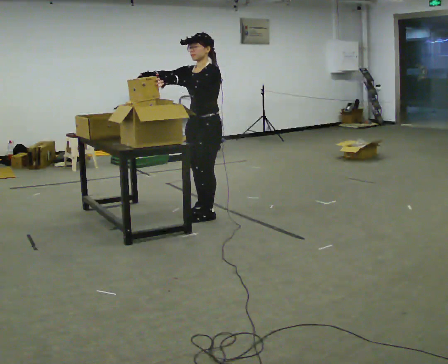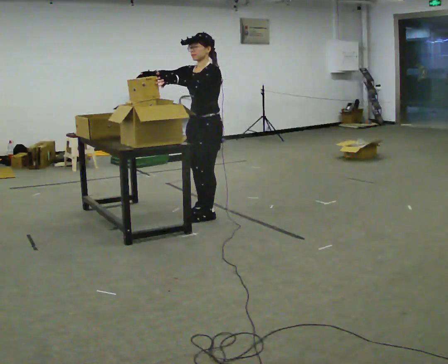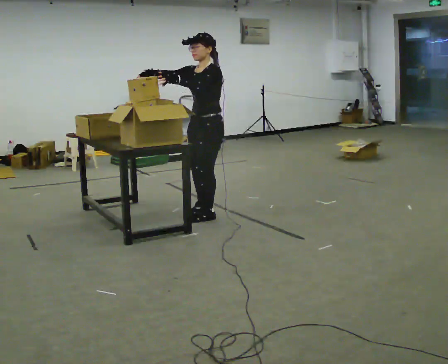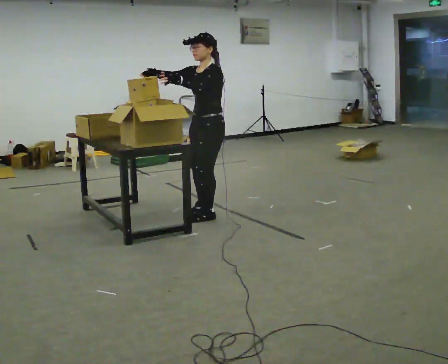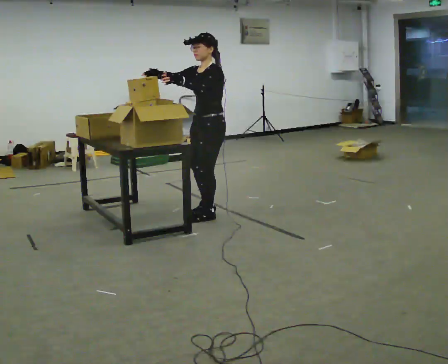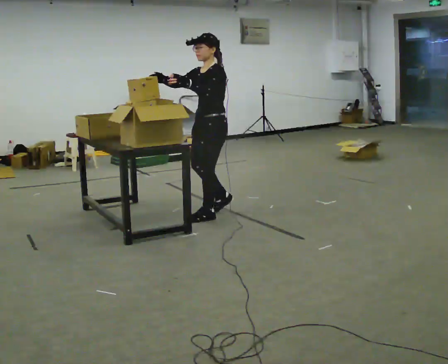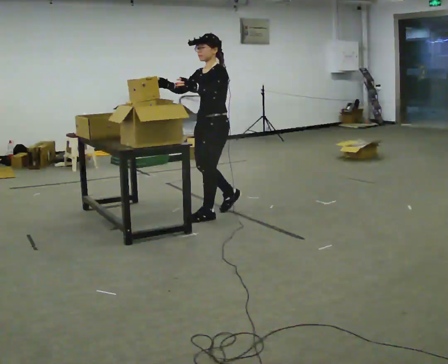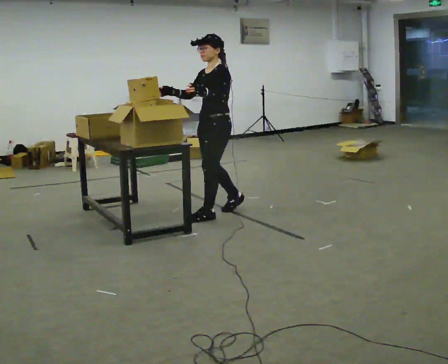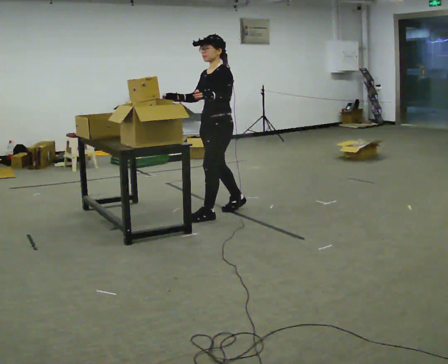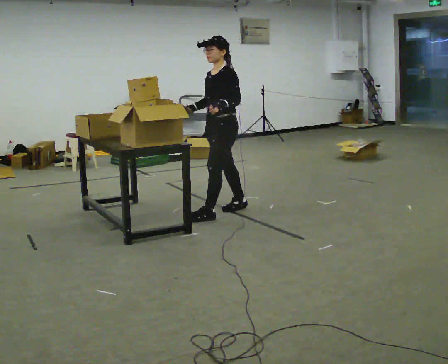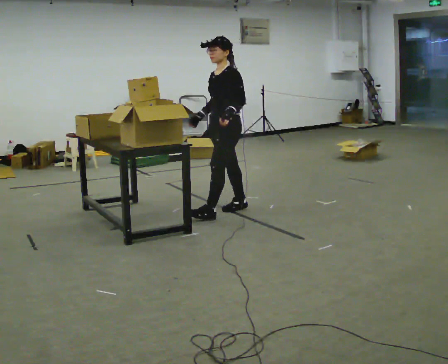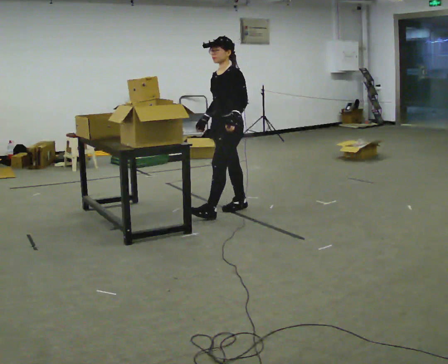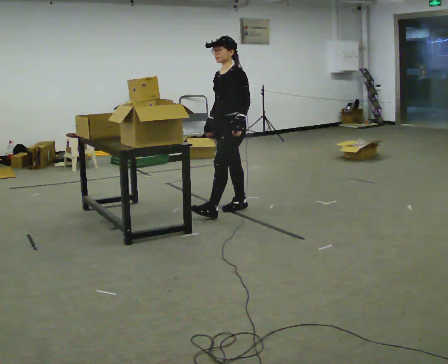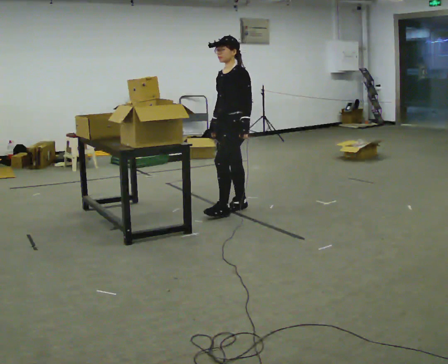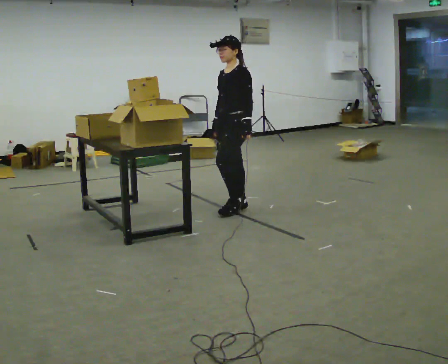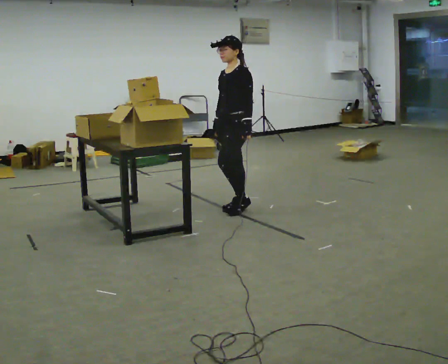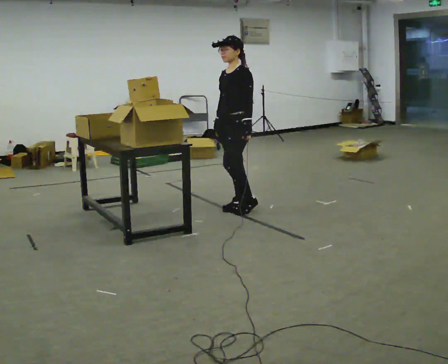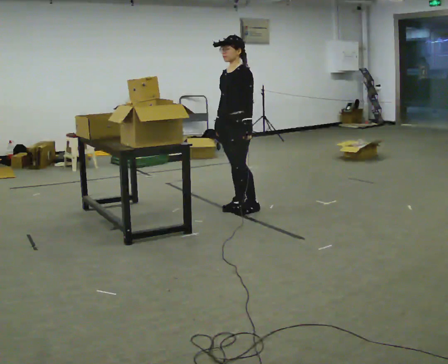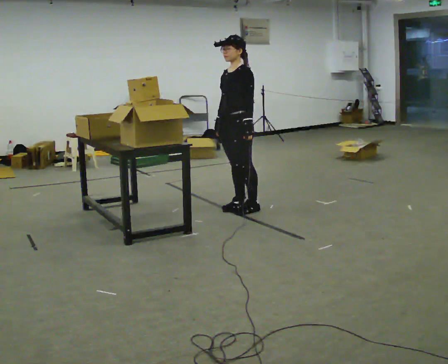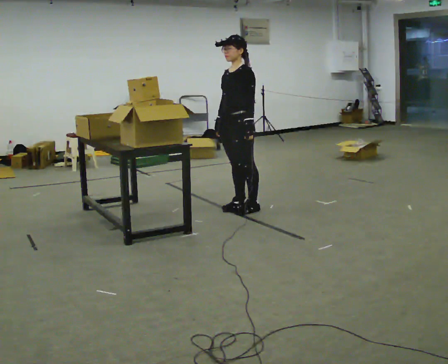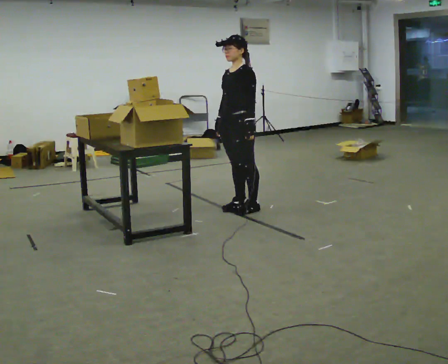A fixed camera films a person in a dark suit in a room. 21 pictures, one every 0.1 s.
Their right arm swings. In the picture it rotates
counterclockwise.
Their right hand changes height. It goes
downward.
0.0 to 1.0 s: In the picture they go to the right, about 0.25 m in 1 step, which for them is backward. In the picture their right hand goes downward and to the right, the arm swinging counterclockwise.
1.0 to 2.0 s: The person moves a little, or ends about where they began.
The film runs backward here.
